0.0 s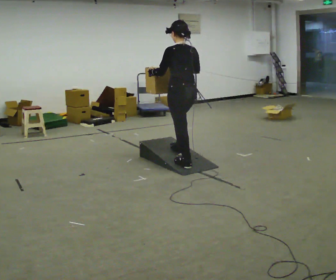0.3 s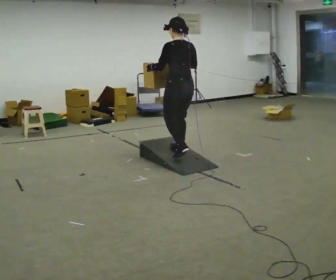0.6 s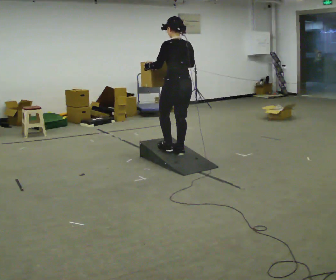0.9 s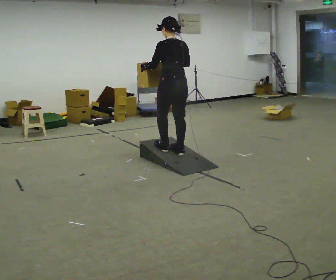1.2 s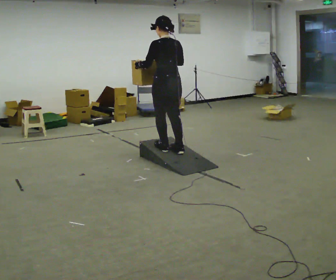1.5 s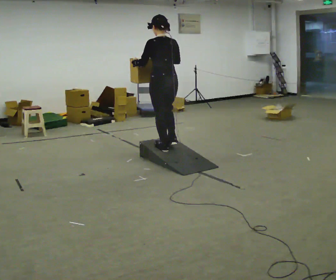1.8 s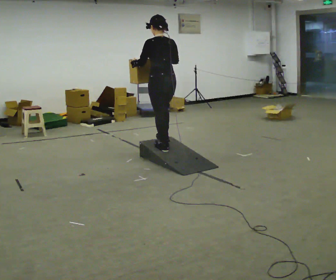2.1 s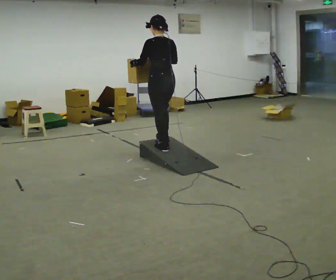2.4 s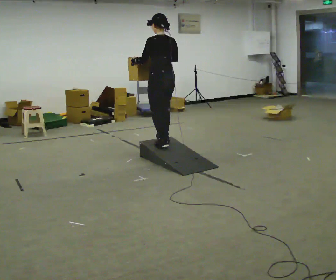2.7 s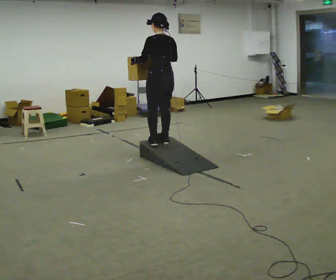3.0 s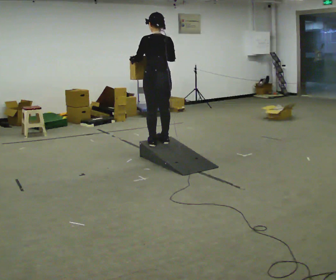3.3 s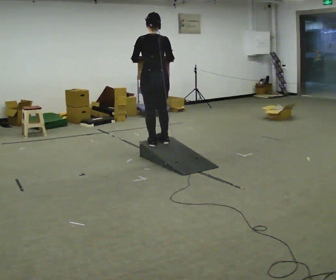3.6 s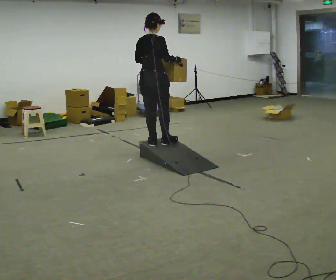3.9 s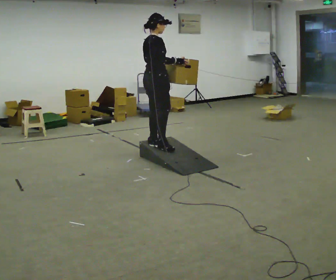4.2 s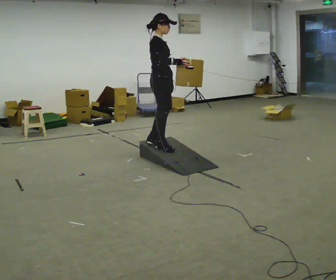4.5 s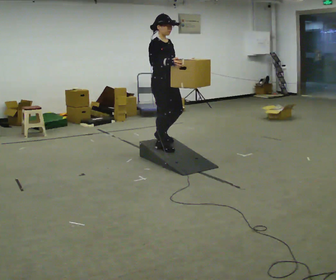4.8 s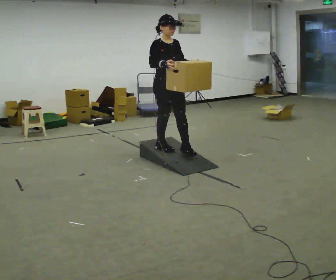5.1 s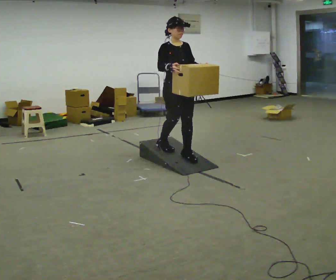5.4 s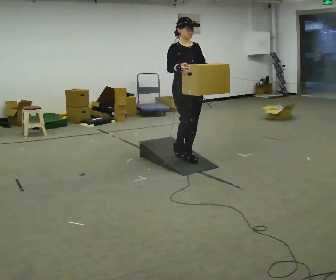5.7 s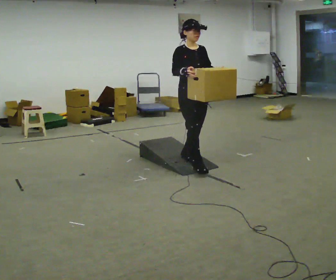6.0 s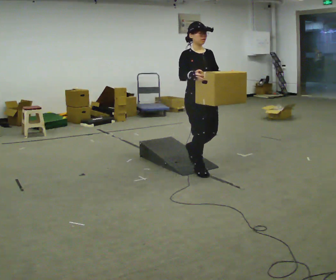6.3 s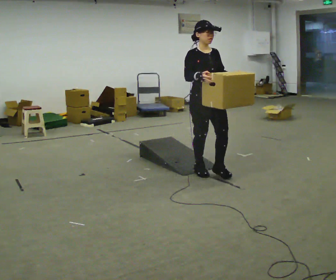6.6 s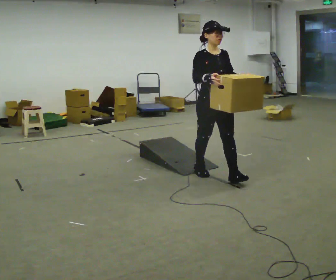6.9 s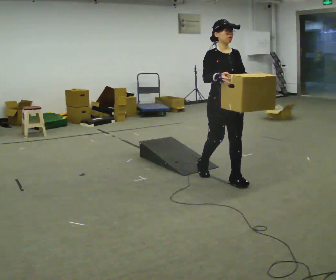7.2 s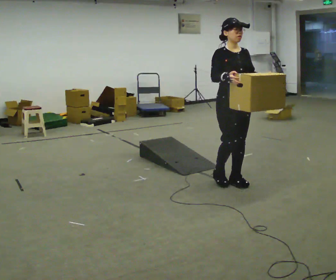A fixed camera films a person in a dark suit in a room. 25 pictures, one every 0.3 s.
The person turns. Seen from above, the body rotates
clockwise.
The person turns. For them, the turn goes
to their right.
0.0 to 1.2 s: In the picture they go away from the camera and to the left, about 0.25 m in 1 step, which for them is forward.
1.2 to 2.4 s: In the picture they go away from the camera, about 0.25 m in 1 step, which for them is forward.
2.4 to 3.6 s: The person turns about 75 degrees to their right, clockwise seen from above, so the part of the body nearest the lens slides to the left.
3.6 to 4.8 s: The person turns about 105 degrees to their right, clockwise seen from above, so the part of the body nearest the lens slides to the left. In the picture they go to the right and toward the camera, about 0.25 m in 1 step. In the picture their left hand goes to the right.
4.8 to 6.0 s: In the picture they go toward the camera and to the right, about 0.5 m in 2 steps, which for them is forward.
6.0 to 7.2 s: In the picture they go toward the camera and to the right, about 0.5 m in 1 step, which for them is forward.
The film runs forward here.
